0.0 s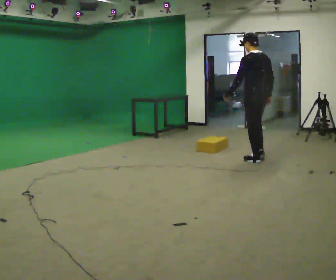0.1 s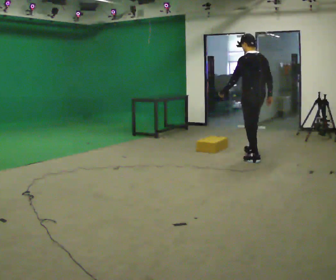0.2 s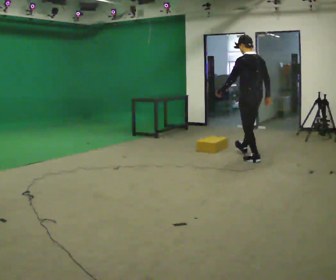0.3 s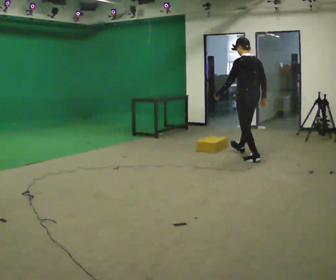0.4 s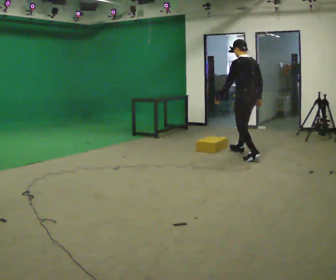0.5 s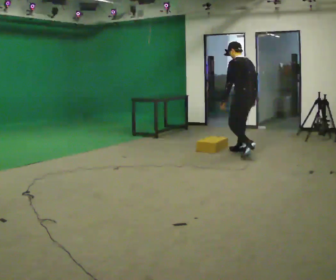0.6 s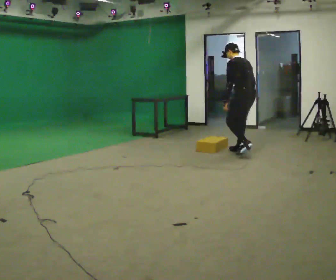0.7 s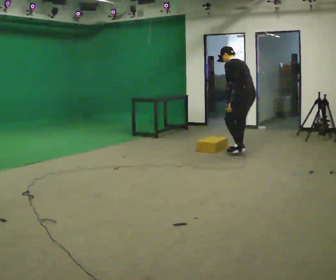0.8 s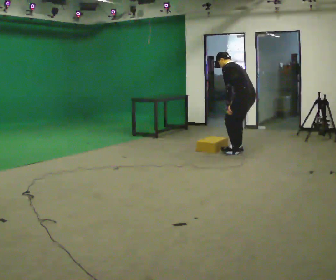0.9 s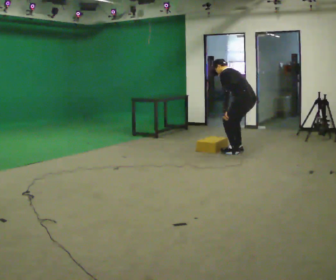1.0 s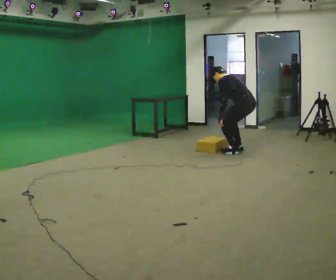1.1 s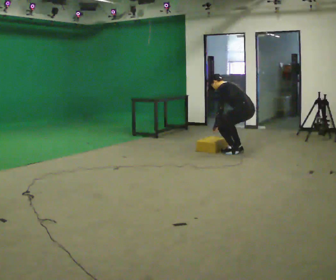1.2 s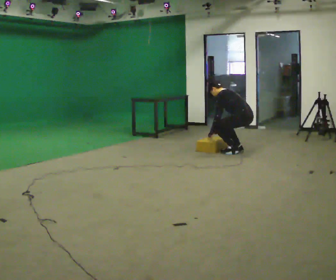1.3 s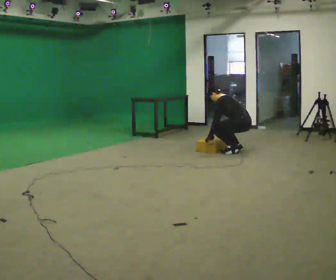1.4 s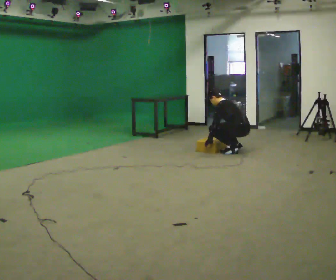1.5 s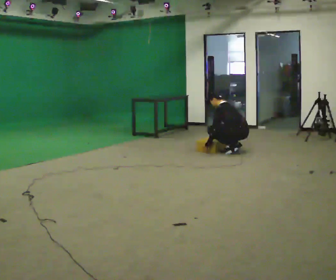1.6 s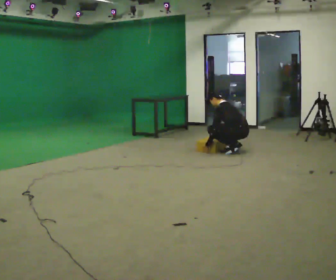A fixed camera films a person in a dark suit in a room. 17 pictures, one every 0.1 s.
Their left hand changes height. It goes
downward.
The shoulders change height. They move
downward.
0.0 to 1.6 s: In the picture they go away from the camera and to the left, about 0.5 m in 2 steps, which for them is forward and to their right. The shoulders move downward. In the picture the upper body tilts counterclockwise, shoulders to the left, as they bend forward. In the picture their left hand goes downward.
The film runs forward here.
